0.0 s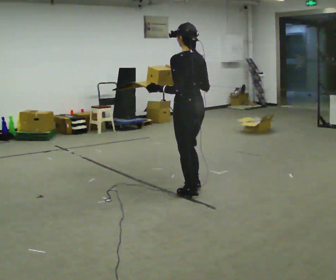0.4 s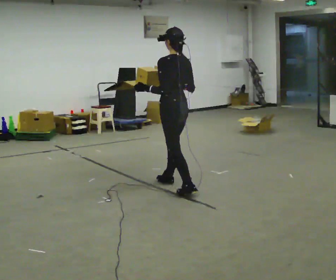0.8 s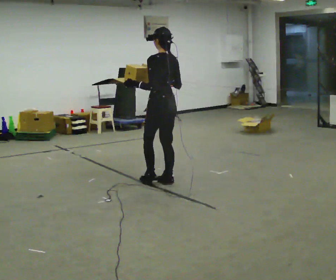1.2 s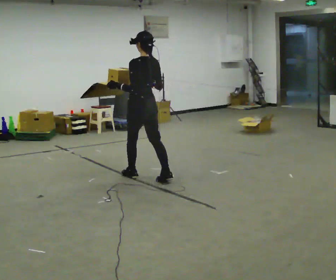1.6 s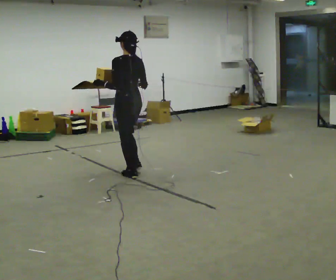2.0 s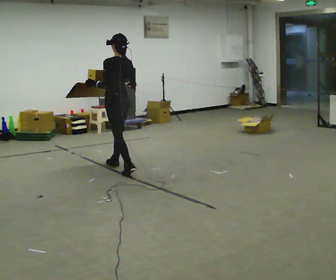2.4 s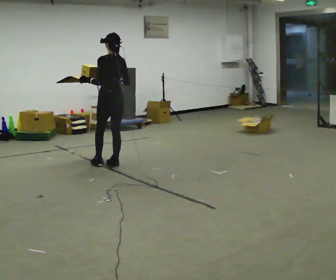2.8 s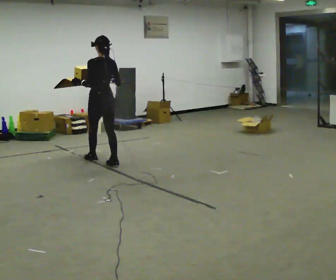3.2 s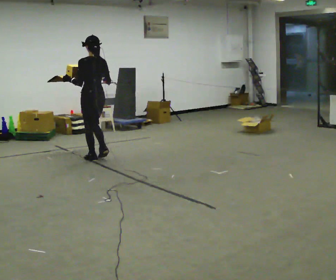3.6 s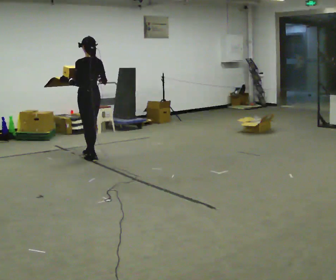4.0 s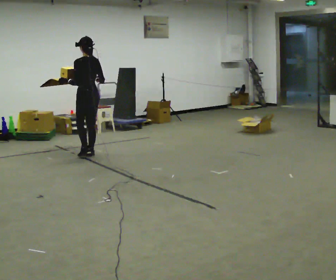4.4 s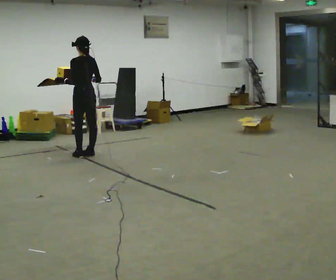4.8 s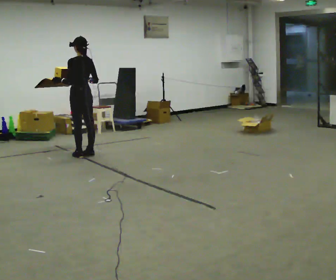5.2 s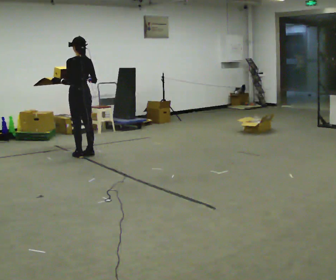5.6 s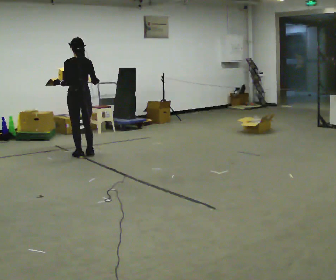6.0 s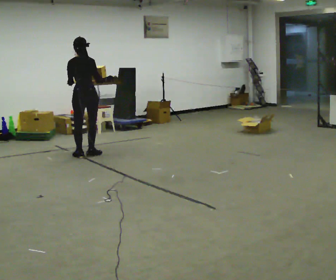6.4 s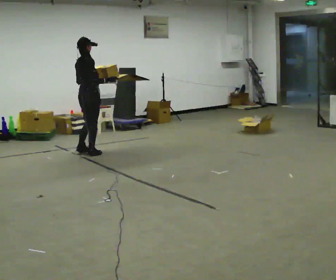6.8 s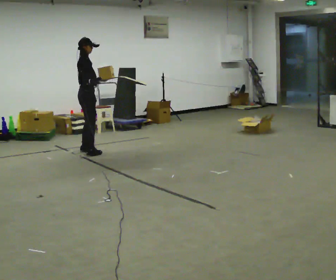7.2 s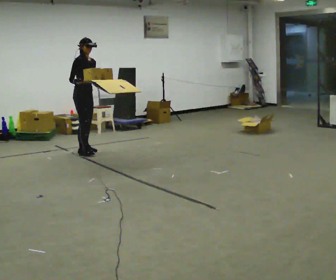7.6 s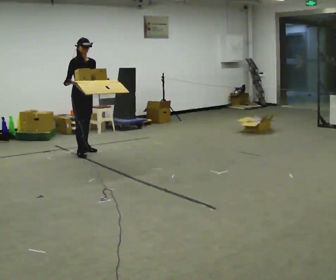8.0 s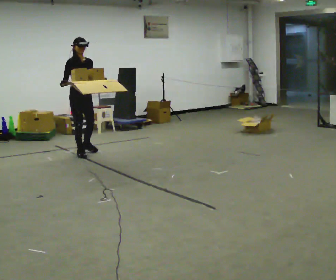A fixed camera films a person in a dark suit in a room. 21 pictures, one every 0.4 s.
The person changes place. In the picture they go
away from the camera.
0.0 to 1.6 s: In the picture they go away from the camera and to the left, about 1 m in 2 steps, which for them is forward.
1.6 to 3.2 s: In the picture they go away from the camera and to the left, about 1 m in 2 steps, which for them is forward.
3.2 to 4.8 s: In the picture they go away from the camera, about 0.25 m in 2 steps, which for them is forward.
4.8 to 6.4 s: The part of the body nearest the lens slides to the left as the person turns to their right by about 90 degrees.
6.4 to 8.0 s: The person turns about 90 degrees to their right, clockwise seen from above, so the part of the body nearest the lens slides to the left. In the picture their right hand goes to the left.
The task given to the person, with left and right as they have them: Carry the open tray of loose items across the room, back and forth, trying not to let anything fall out.
The film runs forward here.
